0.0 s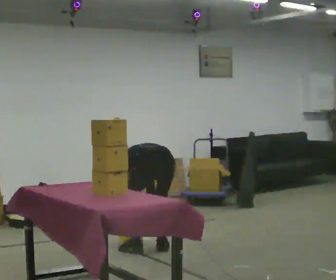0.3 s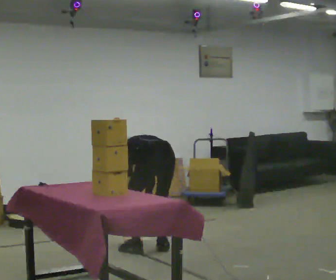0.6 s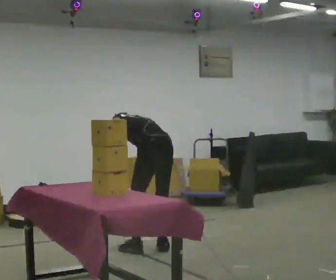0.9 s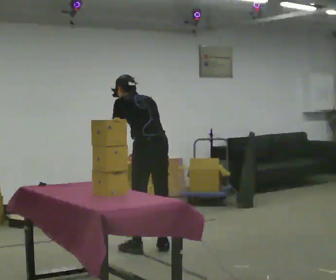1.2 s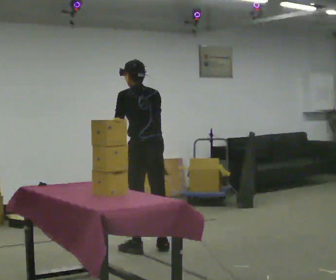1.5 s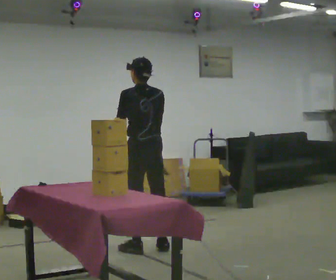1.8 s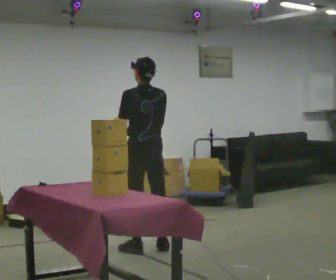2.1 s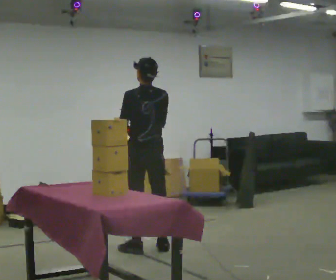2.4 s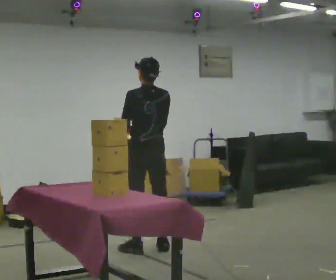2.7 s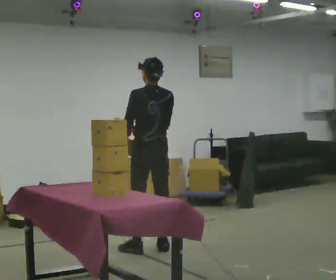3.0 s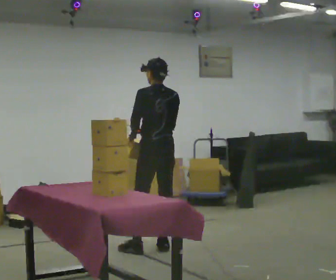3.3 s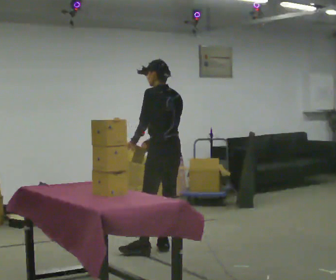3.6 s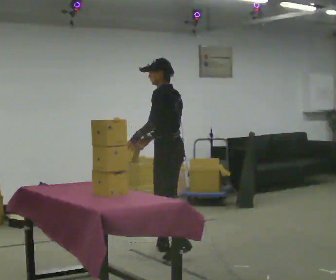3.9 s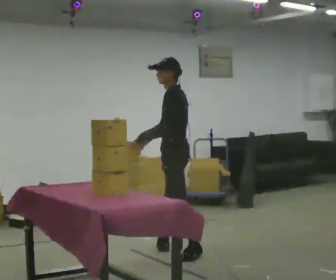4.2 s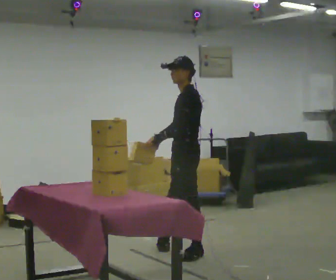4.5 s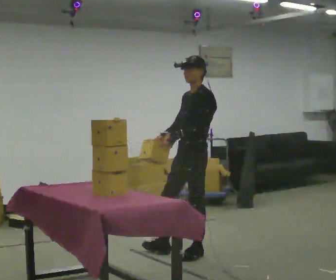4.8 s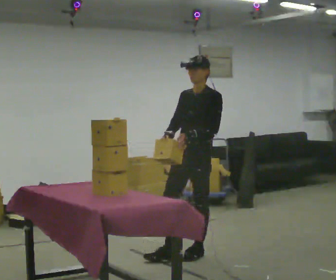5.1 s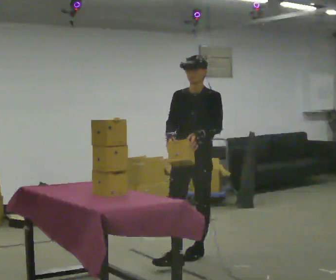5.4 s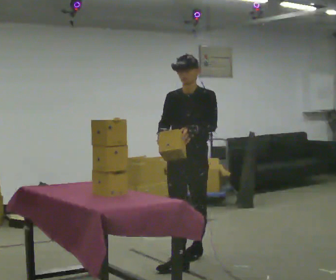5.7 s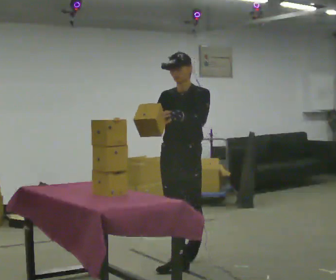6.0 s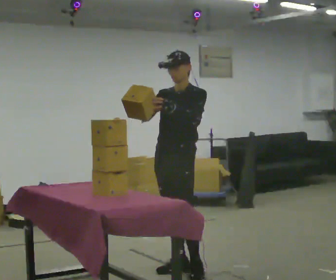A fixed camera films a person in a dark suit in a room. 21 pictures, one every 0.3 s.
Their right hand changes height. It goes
upward.
The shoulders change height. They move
upward.
0.0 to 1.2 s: The shoulders move upward. The upper body tips toward the camera, its near side rolling downward, as they lean back or straighten. In the picture their right hand goes upward.
1.2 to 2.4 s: The person moves a little, or ends about where they began.
2.4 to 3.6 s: Seen from above the body turns counterclockwise, about 45 degrees: to their left, with its near side sliding to the right. In the picture they go to the right, about 0.25 m, which for them is backward.
3.6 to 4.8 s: The person turns about 75 degrees to their left, counterclockwise seen from above, so the part of the body nearest the lens slides to the right. In the picture they go toward the camera, about 0.25 m in 1 step.
4.8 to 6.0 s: In the picture they go toward the camera and to the left, about 0.5 m in 1 step, which for them is forward. In the picture their right hand goes upward, the arm swinging clockwise.
The film runs forward here.
